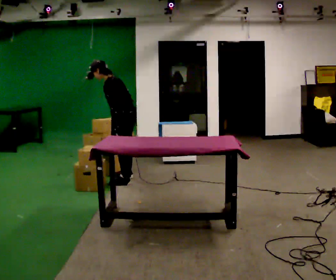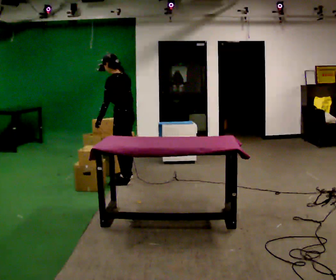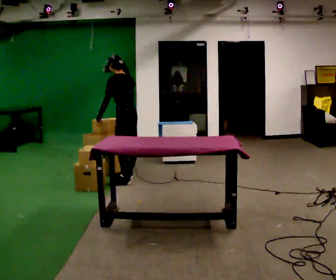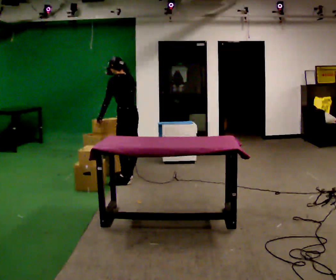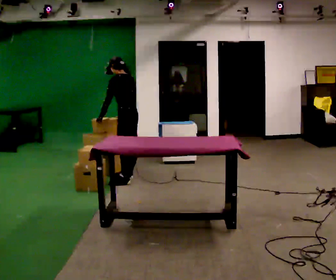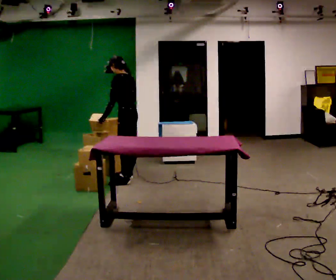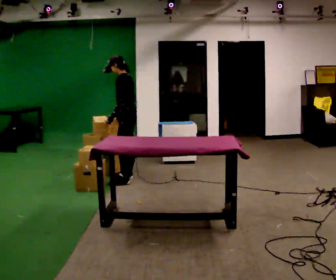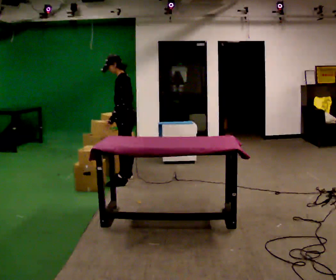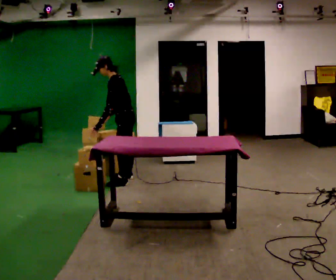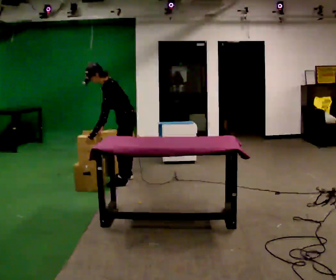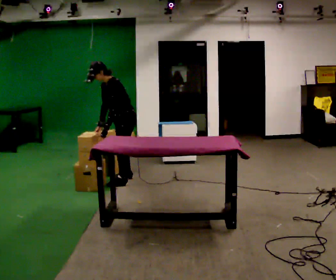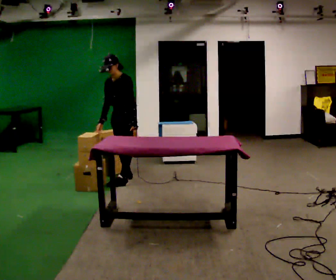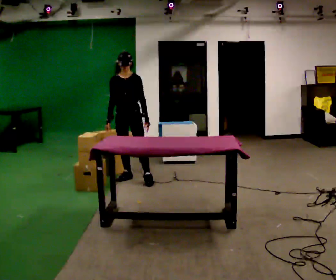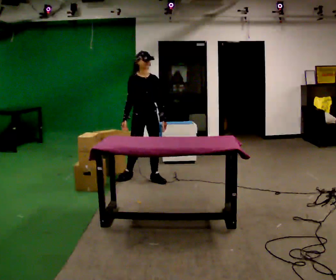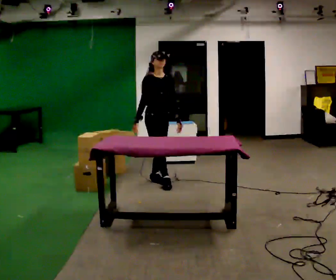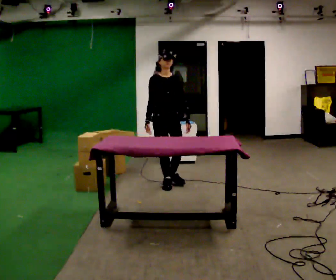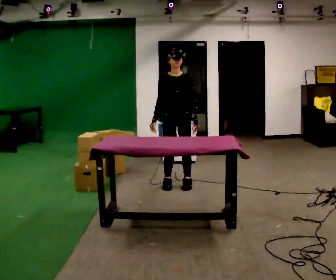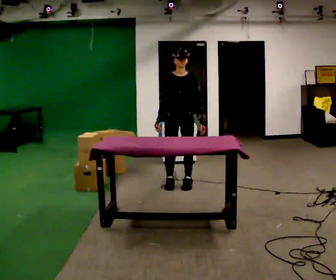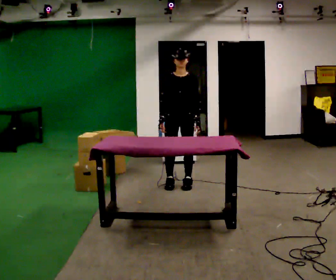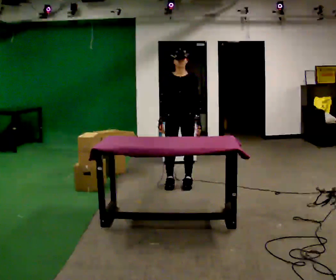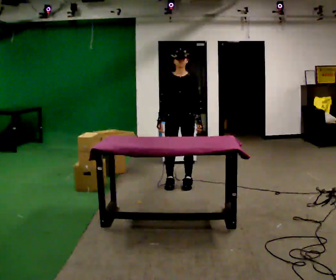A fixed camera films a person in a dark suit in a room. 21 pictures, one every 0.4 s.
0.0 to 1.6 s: In the picture they go away from the camera, about 0.25 m, which for them is to their right.
1.6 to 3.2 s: The person turns about 30 degrees to their left, counterclockwise seen from above, so the part of the body nearest the lens slides to the right. In the picture they go toward the camera, about 0.25 m, which for them is to their left. The upper body tips toward the camera, its near side rolling downward.
3.2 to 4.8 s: Seen from above the body turns counterclockwise, about 90 degrees: to their left, with its near side sliding to the right. In the picture their left hand goes to the right, the arm swinging counterclockwise.
4.8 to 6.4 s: In the picture they go to the right and toward the camera, about 0.75 m in 3 steps, which for them is forward and to their left.
6.4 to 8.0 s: The person moves a little, or ends about where they began.
The film runs forward here.
